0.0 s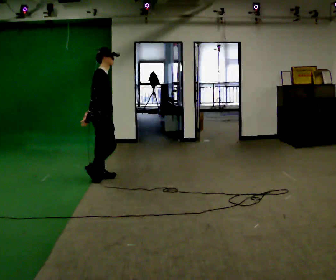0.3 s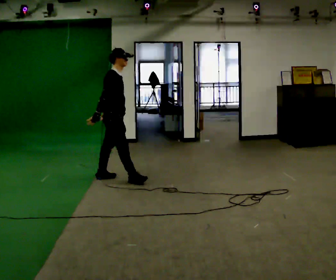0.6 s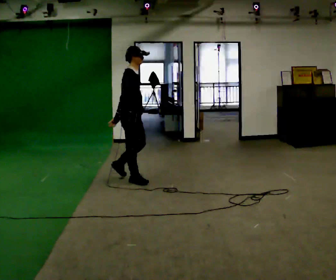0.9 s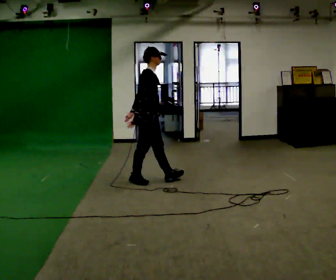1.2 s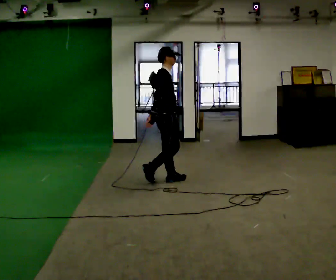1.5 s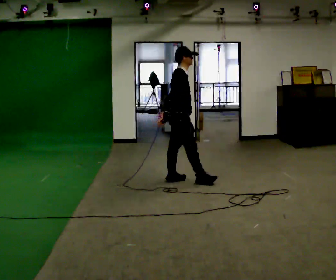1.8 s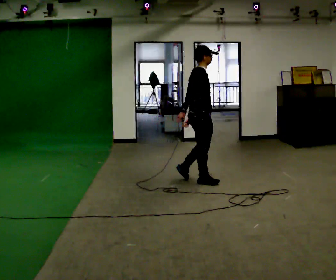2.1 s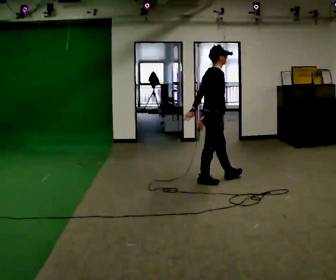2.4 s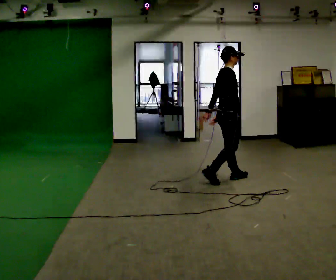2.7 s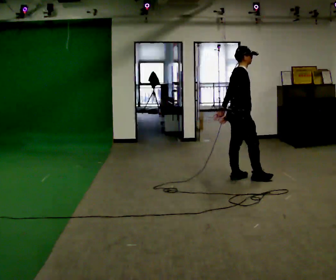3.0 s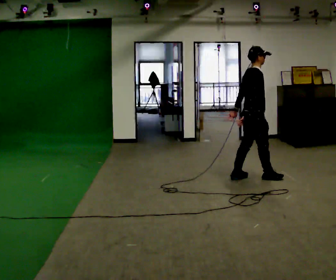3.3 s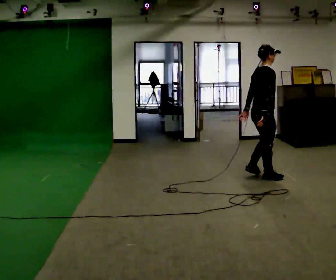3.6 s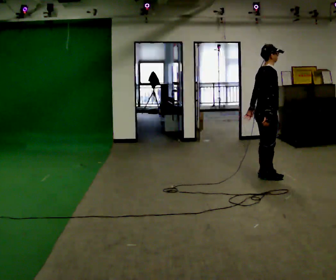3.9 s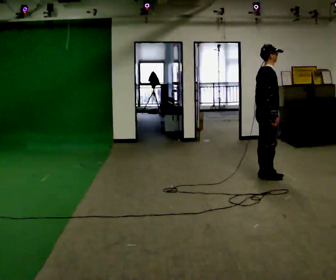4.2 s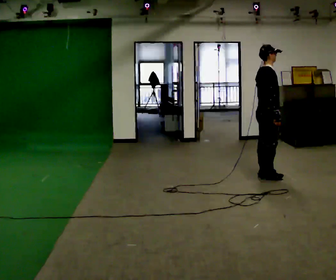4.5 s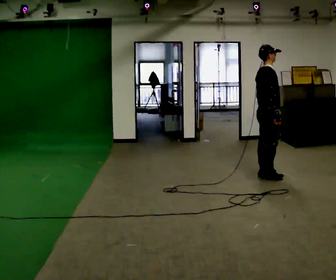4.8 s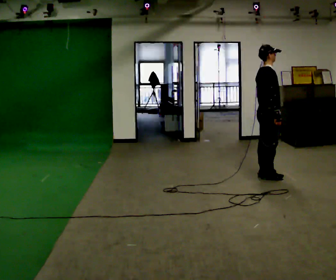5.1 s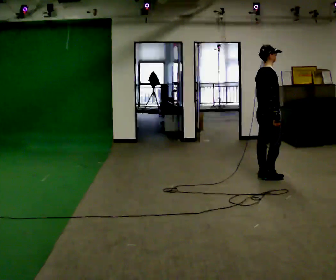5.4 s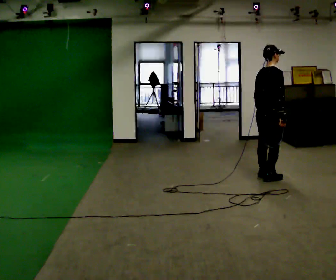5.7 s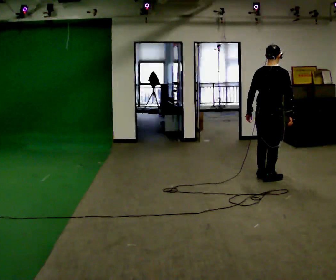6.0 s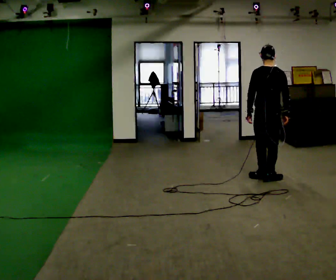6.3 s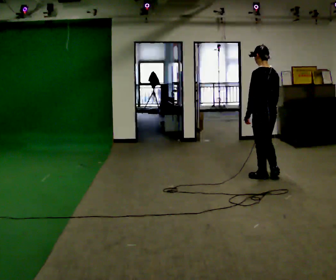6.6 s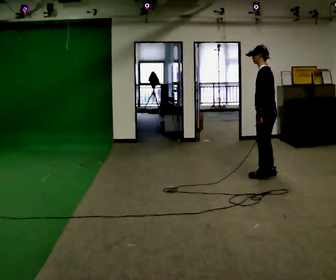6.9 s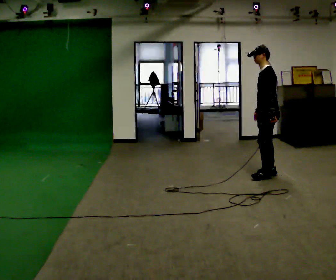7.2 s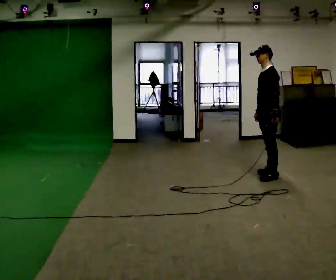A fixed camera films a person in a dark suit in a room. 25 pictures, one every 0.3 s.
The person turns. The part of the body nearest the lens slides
to the right.
The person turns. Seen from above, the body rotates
counterclockwise.
0.0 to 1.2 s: In the picture they go to the right, about 1 m in 2 steps, which for them is forward.
1.2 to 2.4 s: In the picture they go to the right, about 1 m in 2 steps, which for them is forward.
2.4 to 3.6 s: In the picture they go to the right, about 0.5 m in 2 steps, which for them is forward.
3.6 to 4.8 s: The person moves a little, or ends about where they began.
4.8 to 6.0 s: The person turns about 75 degrees to their left, counterclockwise seen from above, so the part of the body nearest the lens slides to the right.
6.0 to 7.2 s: Seen from above the body turns counterclockwise, about 90 degrees: to their left, with its near side sliding to the right. In the picture they go away from the camera, about 0.25 m in 1 step. In the picture their right hand goes to the left.
The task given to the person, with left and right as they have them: Walk normally but hold both hands together in front of you at chest height; do not swing your arms; stop.
The film runs forward here.
